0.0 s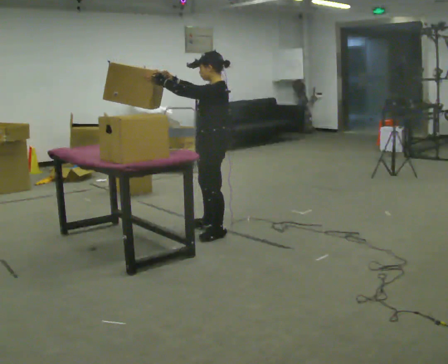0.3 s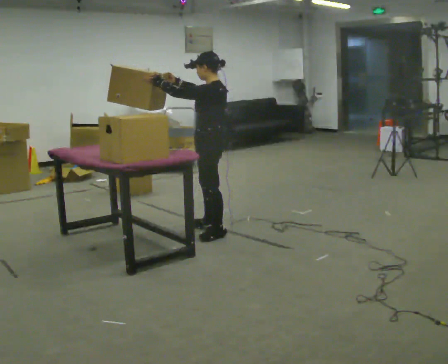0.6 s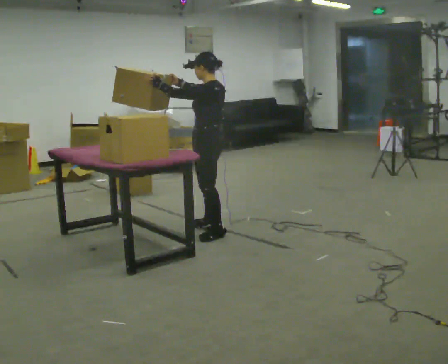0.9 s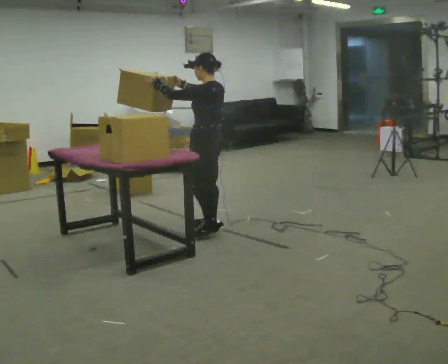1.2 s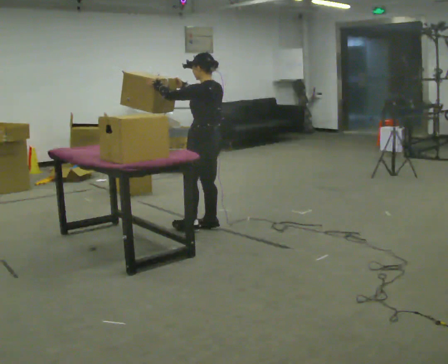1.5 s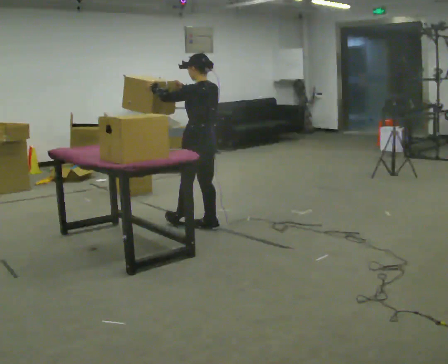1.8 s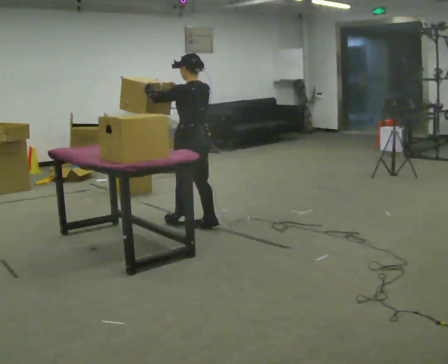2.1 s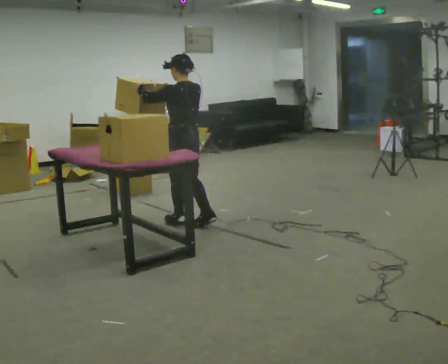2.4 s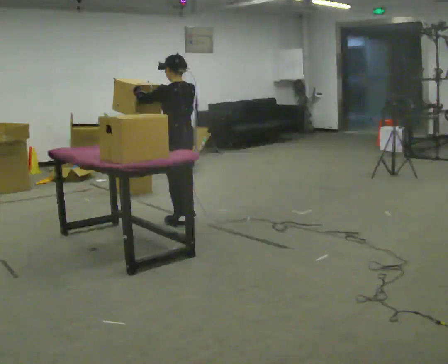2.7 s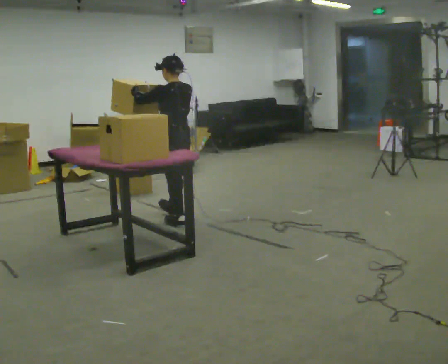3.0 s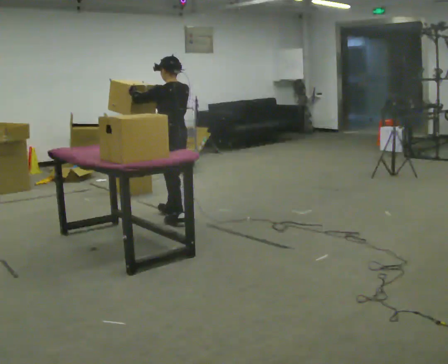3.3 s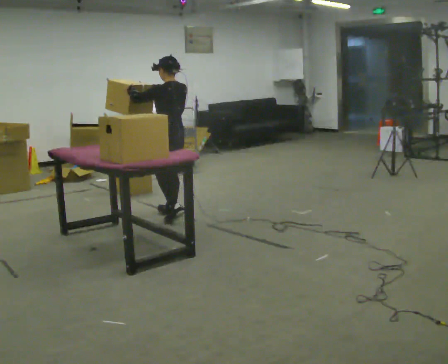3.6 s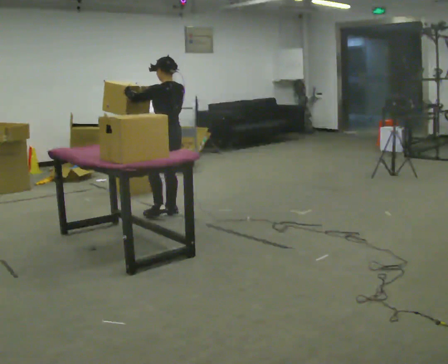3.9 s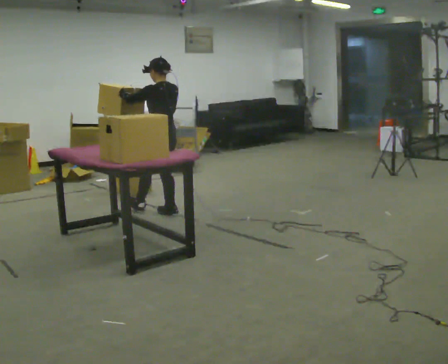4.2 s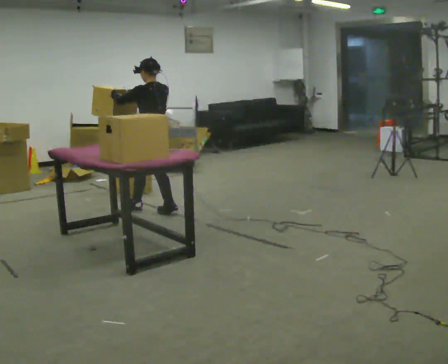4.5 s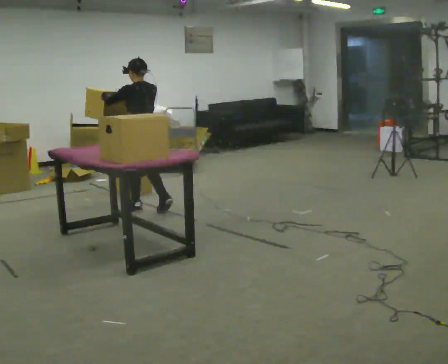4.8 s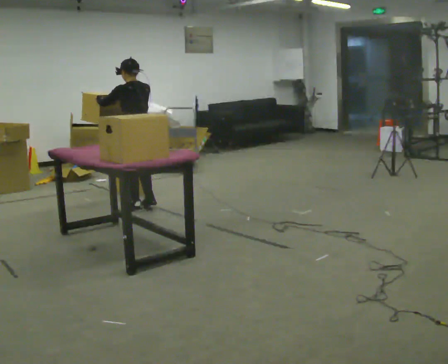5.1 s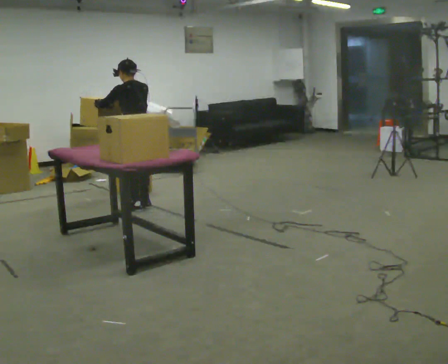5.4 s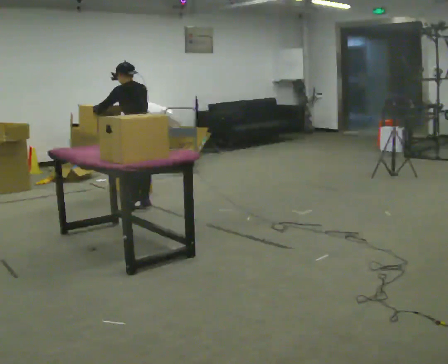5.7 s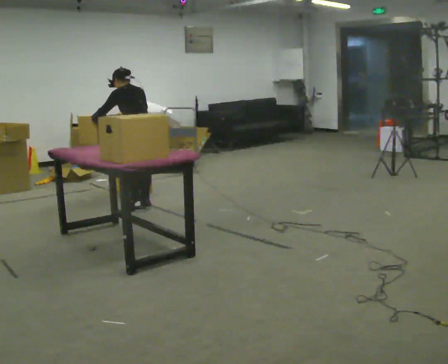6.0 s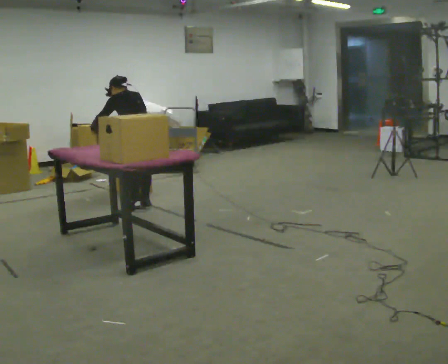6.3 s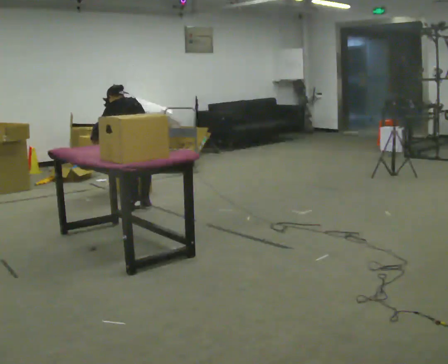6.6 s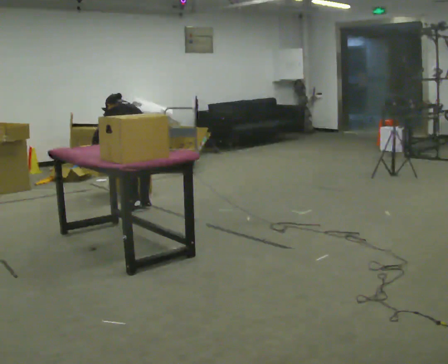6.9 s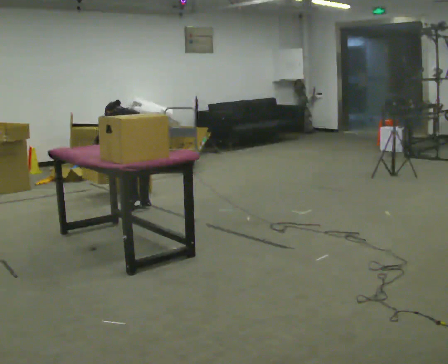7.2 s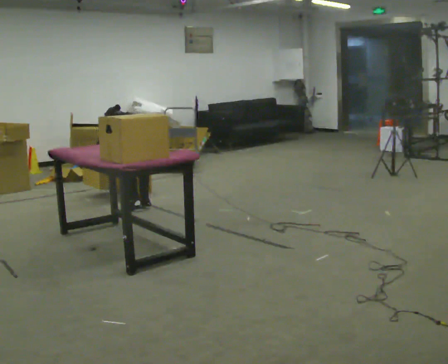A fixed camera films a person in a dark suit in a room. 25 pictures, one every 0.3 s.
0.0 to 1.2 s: The person turns about 30 degrees to their right, clockwise seen from above, so the part of the body nearest the lens slides to the left. In the picture they go away from the camera, about 0.25 m, which for them is to their right and forward.
1.2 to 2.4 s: In the picture they go to the left, about 0.25 m in 1 step, which for them is forward.
2.4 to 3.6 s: In the picture they go away from the camera, about 0.25 m in 1 step, which for them is forward.
3.6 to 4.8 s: In the picture they go to the left and away from the camera, about 0.25 m in 1 step, which for them is forward.
4.8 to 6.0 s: The upper body tips away from the camera, its near side rolling upward, as they bend forward.
6.0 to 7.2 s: The upper body goes downward. The upper body tips away from the camera, its near side rolling upward, as they bend forward. In the picture their right hand goes downward.
The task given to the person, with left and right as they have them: Take boxes off the top of the stack one at a time and carry them away, walking back for each one. Keep going until the operator says stop; one object at a time, and do not rush between trips.
The film runs forward here.
